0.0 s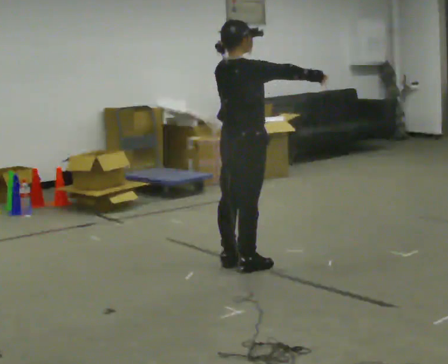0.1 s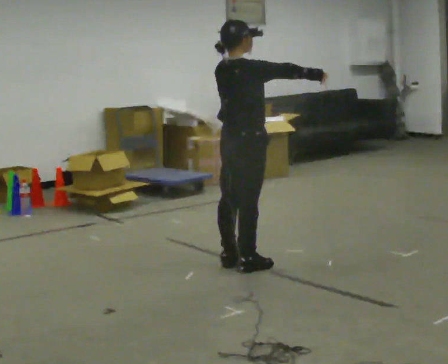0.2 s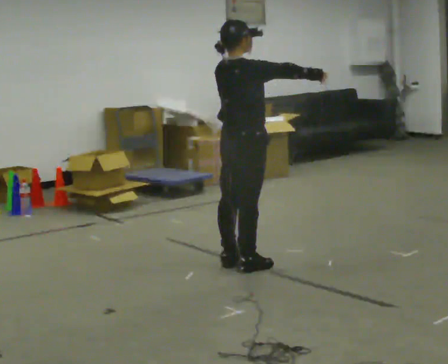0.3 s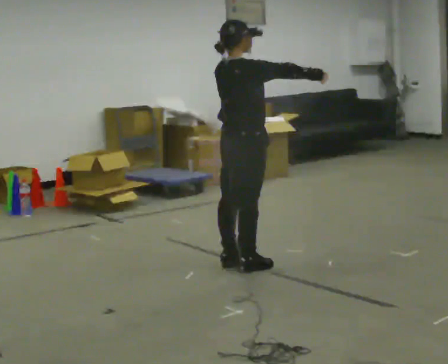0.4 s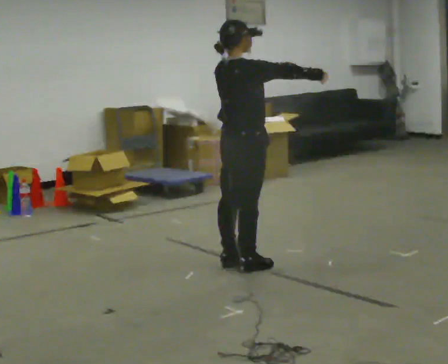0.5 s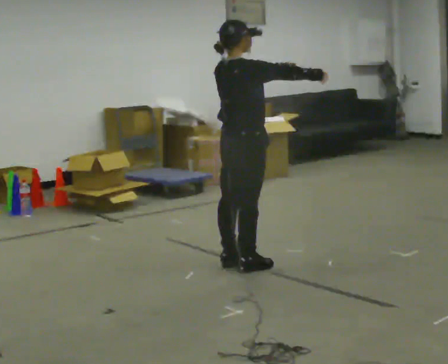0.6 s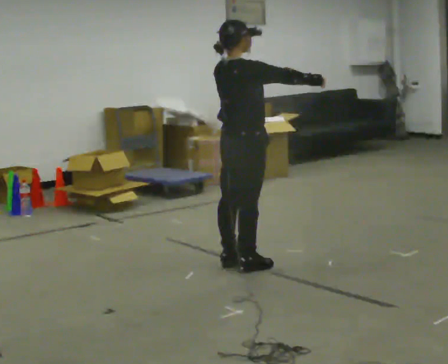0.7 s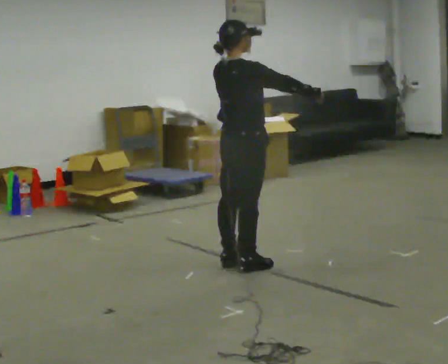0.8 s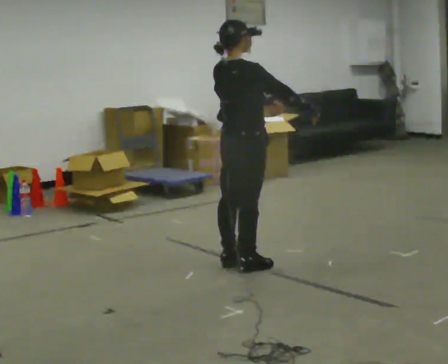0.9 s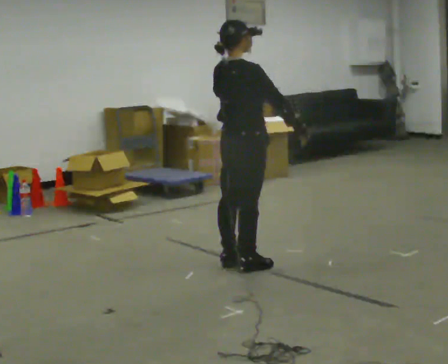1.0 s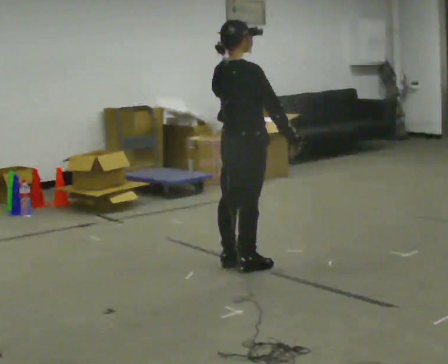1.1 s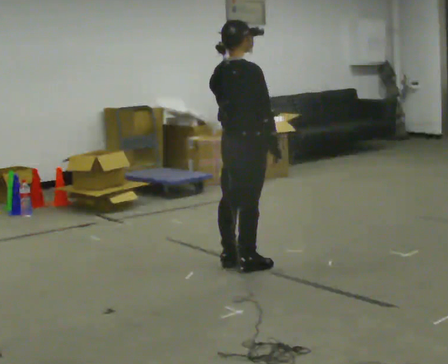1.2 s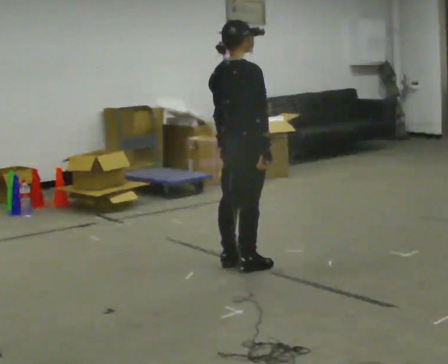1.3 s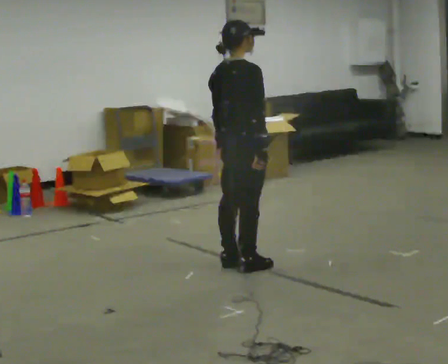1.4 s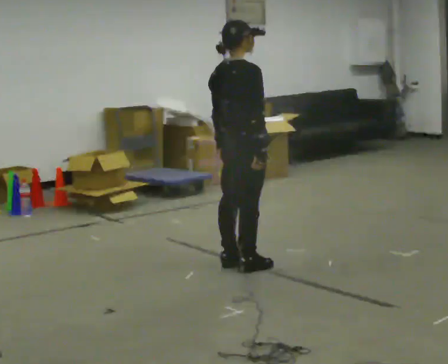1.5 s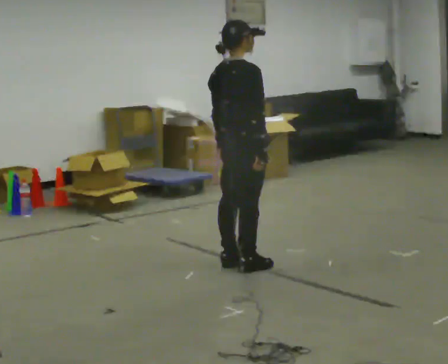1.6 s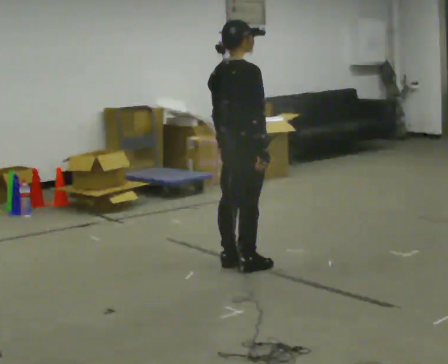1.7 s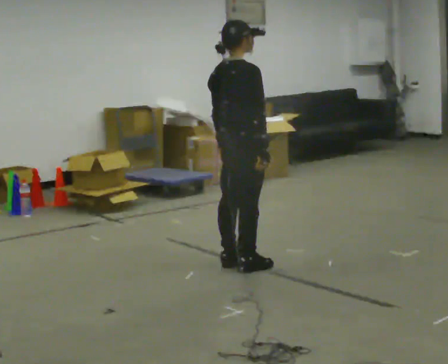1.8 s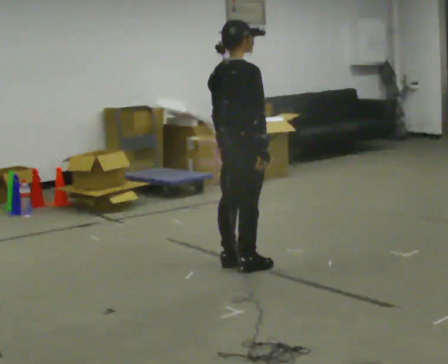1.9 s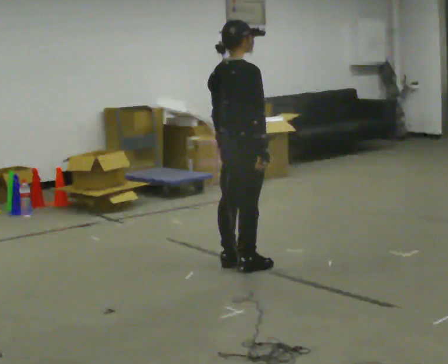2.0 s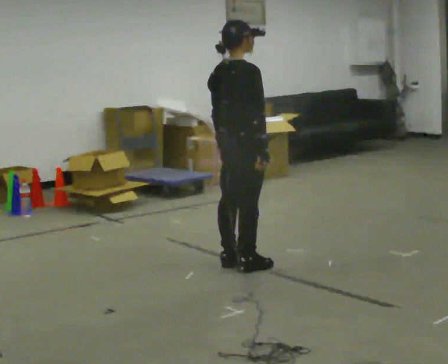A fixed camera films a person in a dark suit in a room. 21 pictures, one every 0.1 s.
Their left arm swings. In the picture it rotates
clockwise.
Their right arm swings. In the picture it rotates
clockwise.
0.0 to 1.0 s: In the picture their right hand goes downward, the arm swinging clockwise.
1.0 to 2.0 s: The person moves a little, or ends about where they began.
The film runs forward here.
